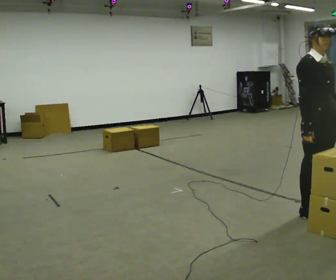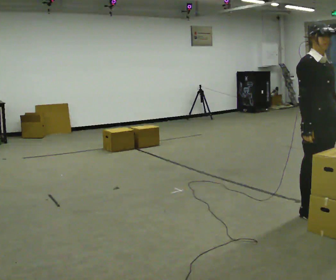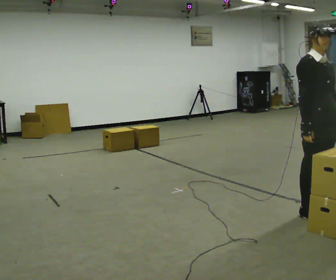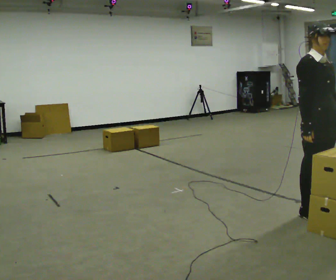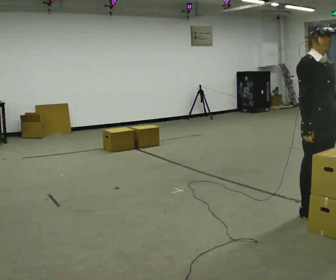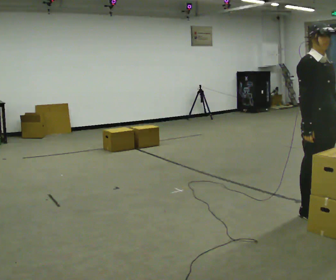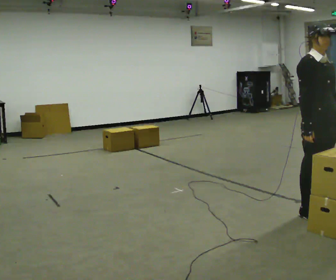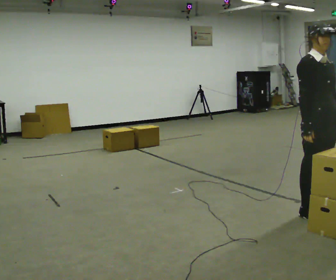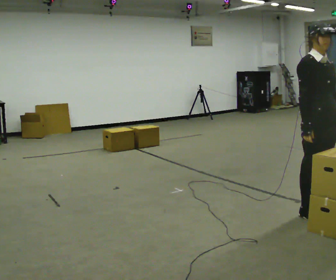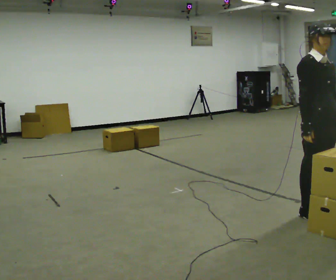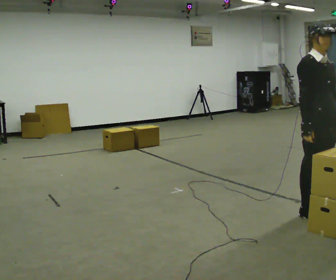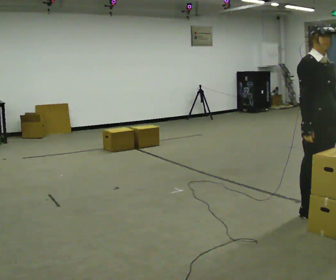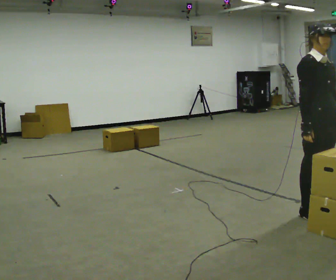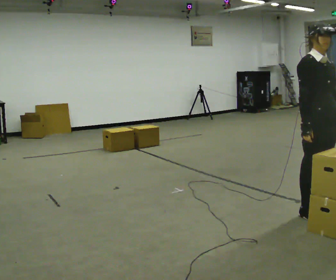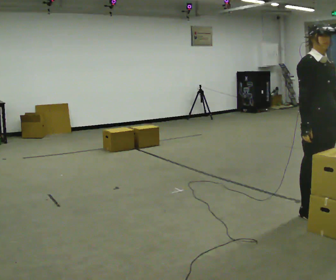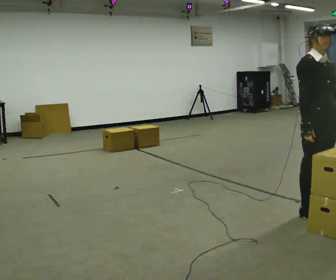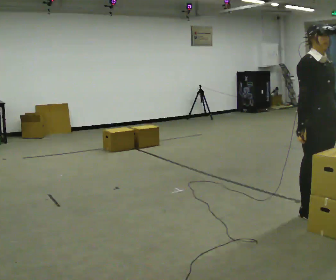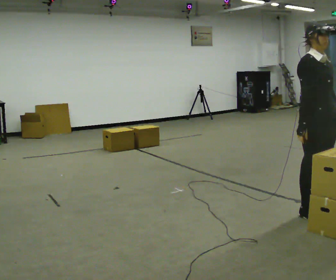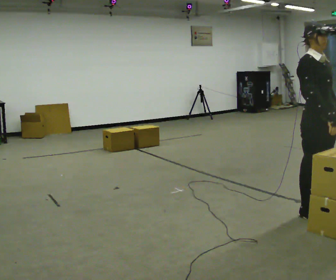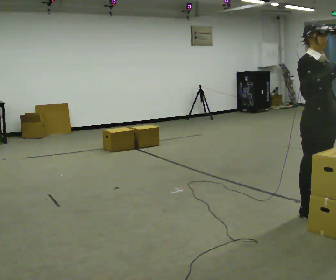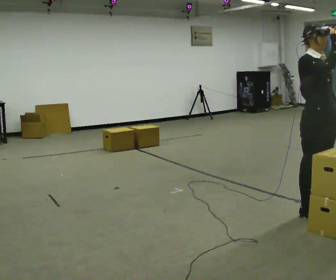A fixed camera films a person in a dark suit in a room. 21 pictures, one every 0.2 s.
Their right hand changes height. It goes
upward.
0.0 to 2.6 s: The person keeps their place and pose.
2.6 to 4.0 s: In the picture their right hand goes upward.
The film runs backward here.
